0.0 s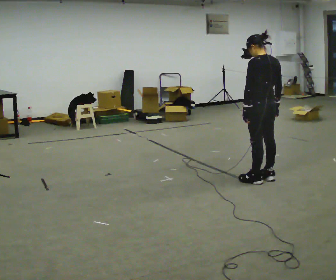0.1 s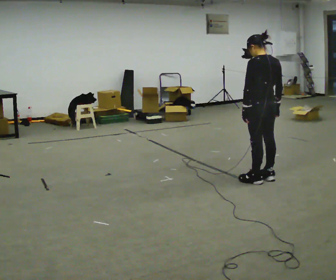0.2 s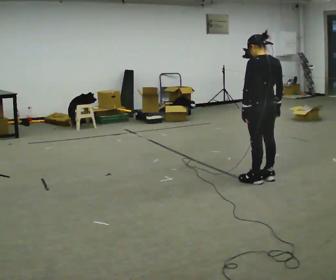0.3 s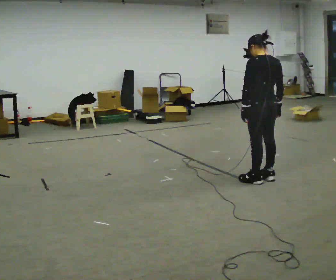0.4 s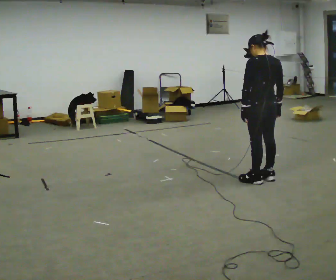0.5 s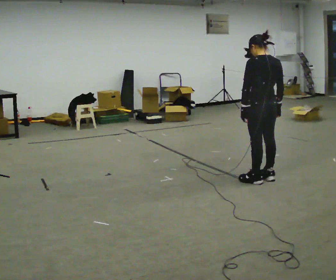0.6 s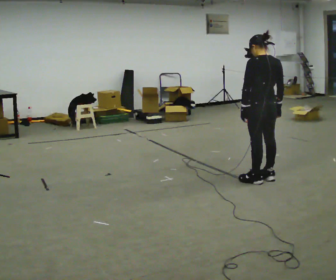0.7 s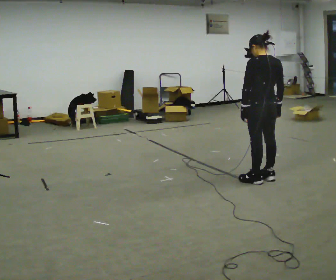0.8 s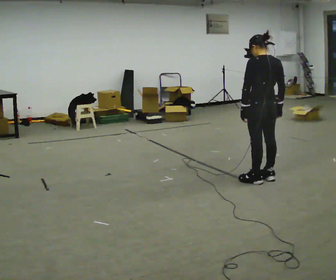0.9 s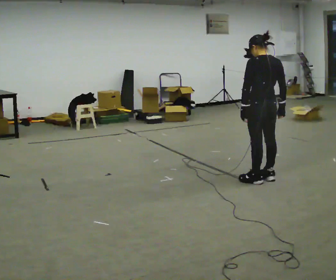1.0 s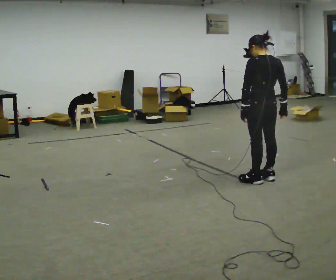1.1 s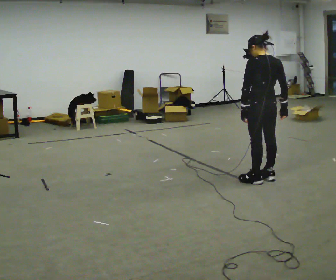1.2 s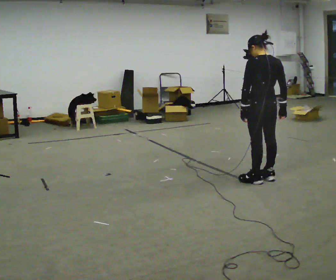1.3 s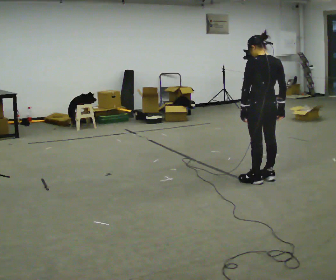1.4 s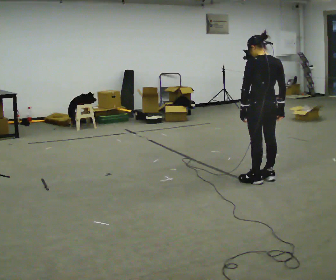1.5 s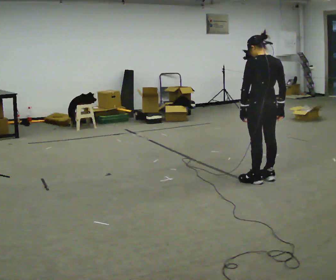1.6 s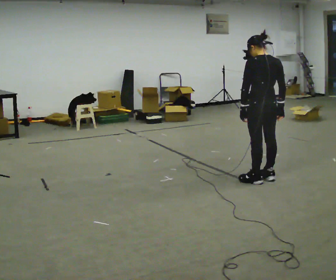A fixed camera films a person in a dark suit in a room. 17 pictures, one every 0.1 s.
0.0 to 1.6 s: The person moves a little, or ends about where they began.
The film runs backward here.
